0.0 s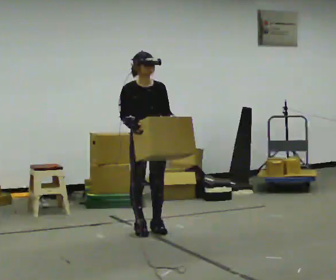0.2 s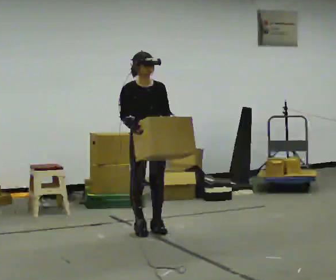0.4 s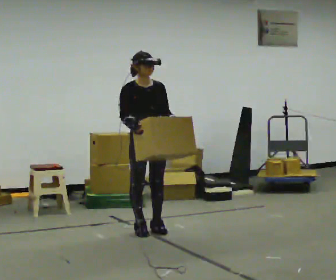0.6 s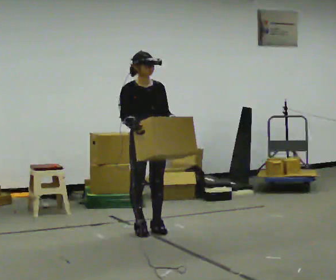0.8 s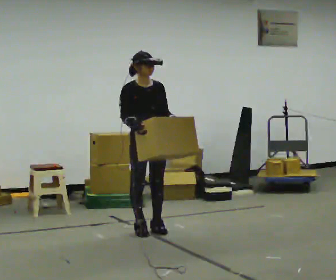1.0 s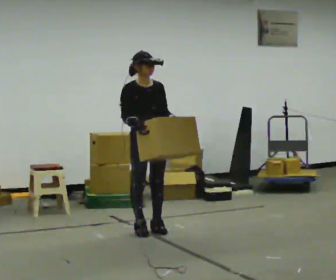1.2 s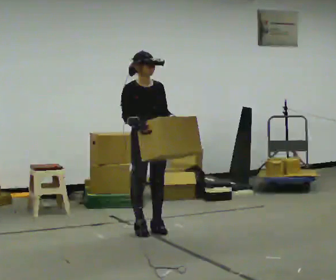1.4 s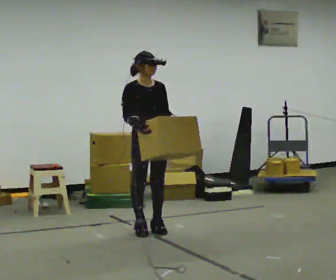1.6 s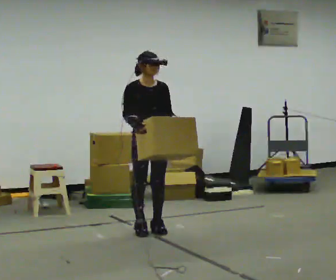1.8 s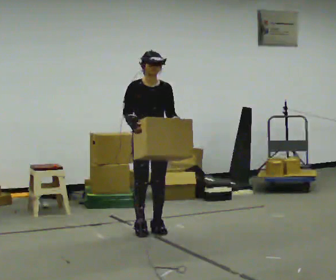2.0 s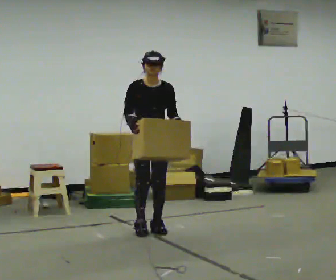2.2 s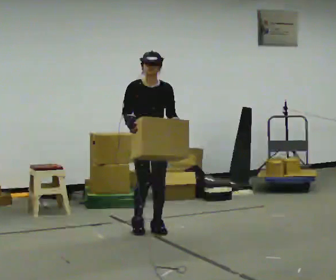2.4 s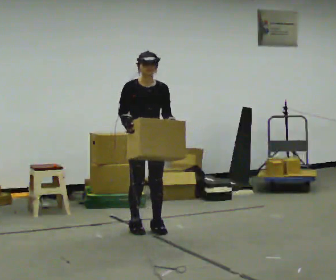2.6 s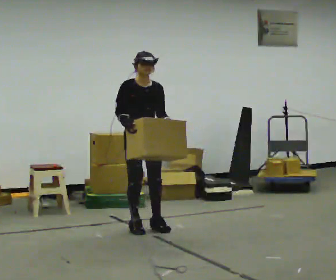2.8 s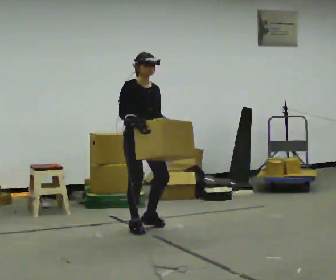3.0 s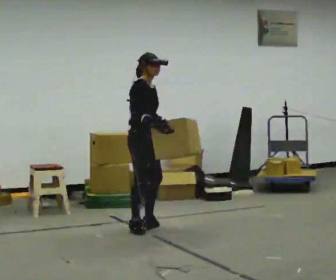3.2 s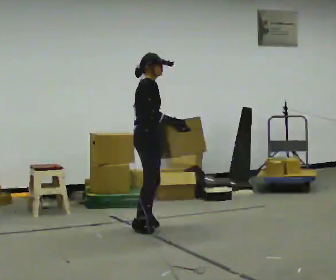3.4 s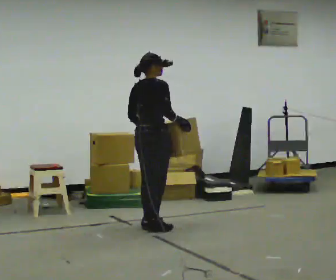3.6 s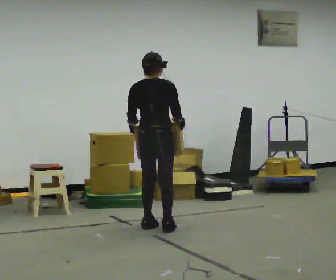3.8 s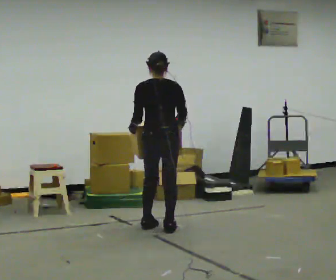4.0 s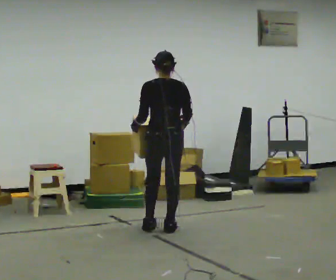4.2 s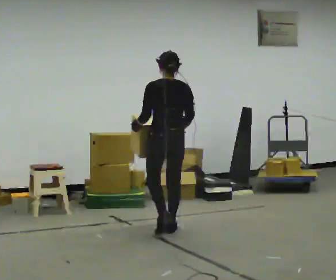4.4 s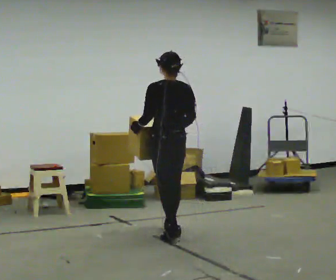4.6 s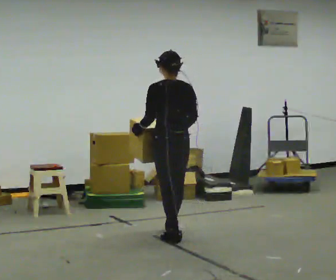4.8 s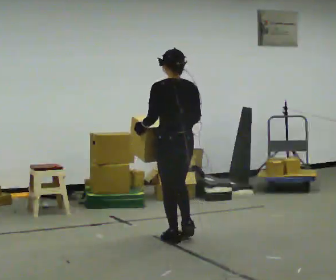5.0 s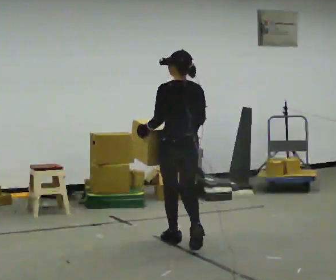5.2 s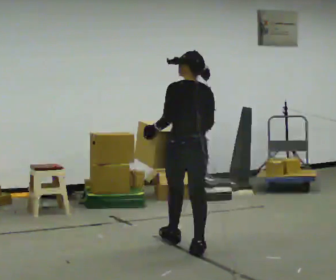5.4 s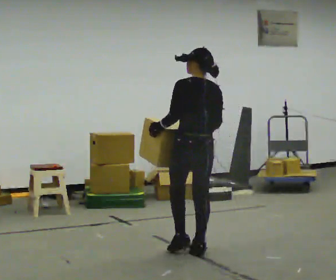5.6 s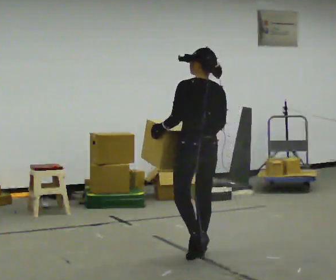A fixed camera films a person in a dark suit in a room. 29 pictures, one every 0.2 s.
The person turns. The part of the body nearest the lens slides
to the right.
Their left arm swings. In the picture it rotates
clockwise.
0.0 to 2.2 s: The person moves a little, or ends about where they began.
2.2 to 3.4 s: Seen from above the body turns counterclockwise, about 120 degrees: to their left, with its near side sliding to the right. In the picture their right hand goes to the right.
3.4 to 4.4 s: The part of the body nearest the lens slides to the right as the person turns to their left by about 60 degrees. In the picture they go toward the camera and to the right, about 0.25 m in 1 step.
4.4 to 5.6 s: In the picture they go toward the camera, about 0.5 m in 2 steps, which for them is backward.
The film runs backward here.
